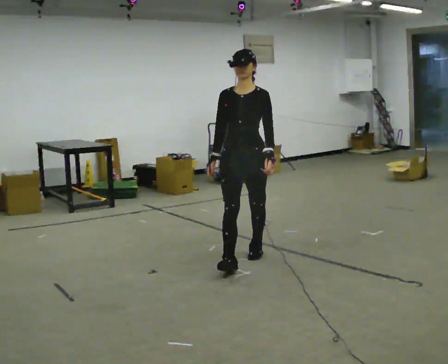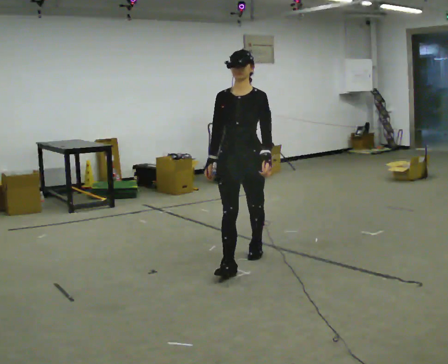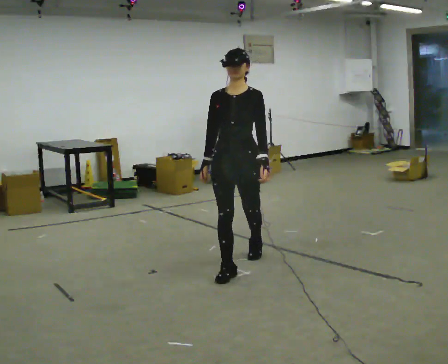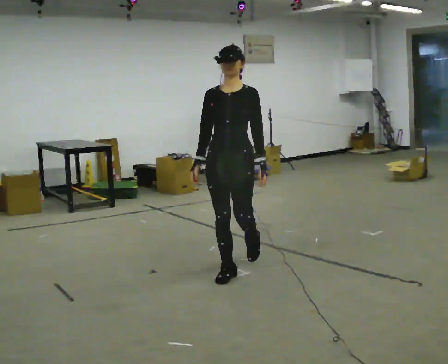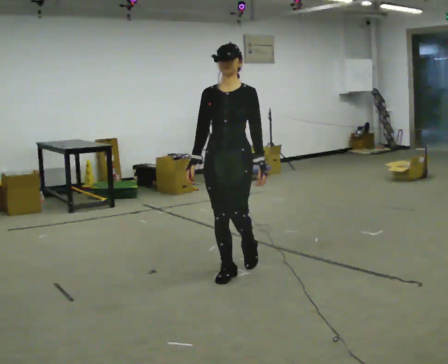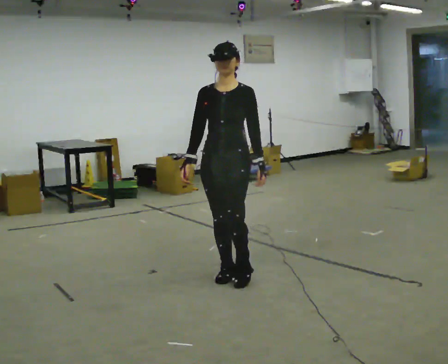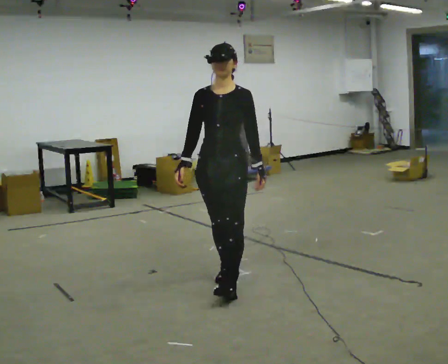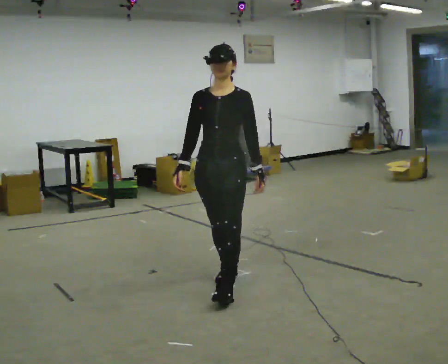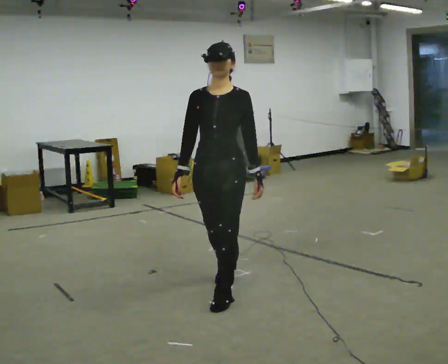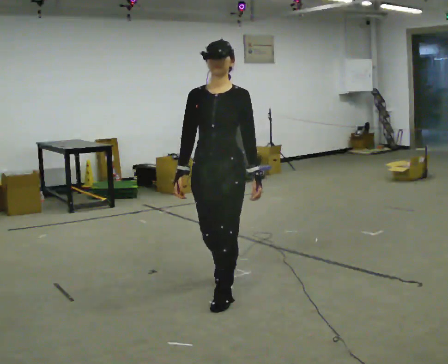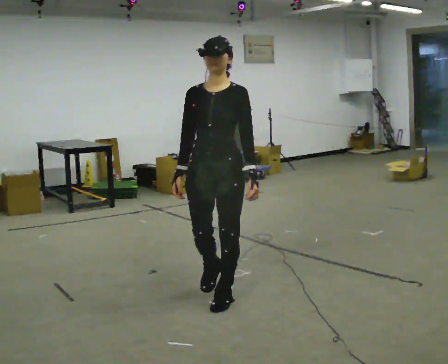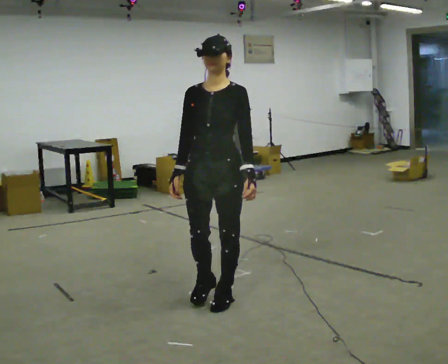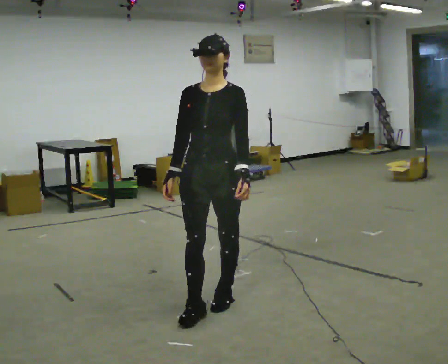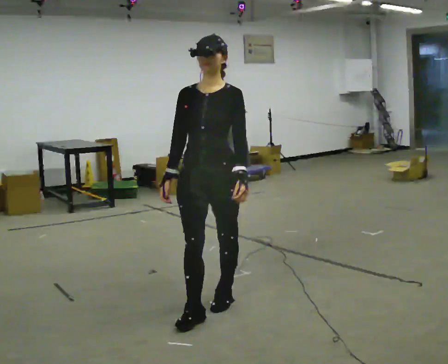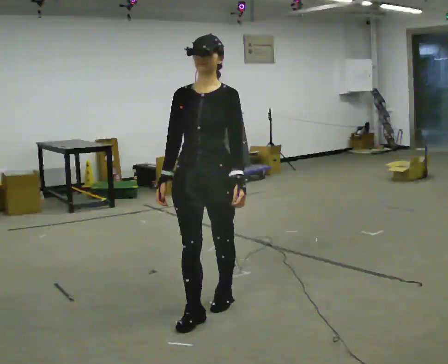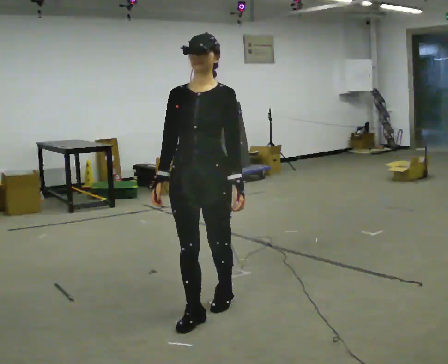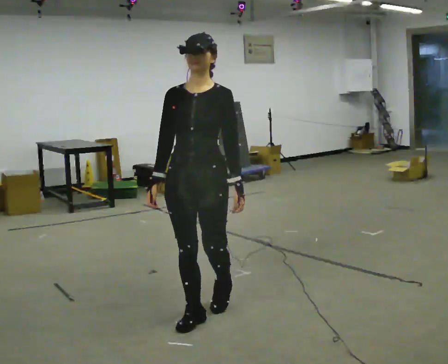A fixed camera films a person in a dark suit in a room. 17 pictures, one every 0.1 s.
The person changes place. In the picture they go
toward the camera.
0.0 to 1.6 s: In the picture they go toward the camera, about 1 m in 3 steps, which for them is forward.
The film runs forward here.
